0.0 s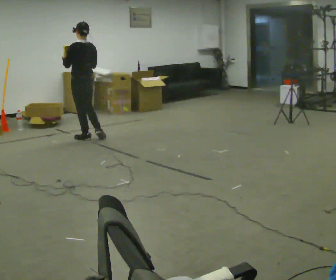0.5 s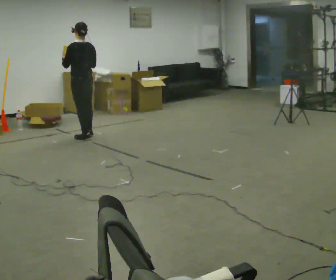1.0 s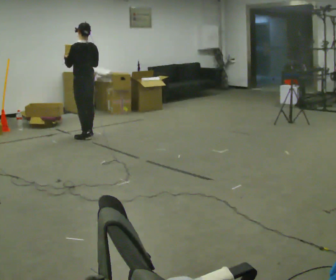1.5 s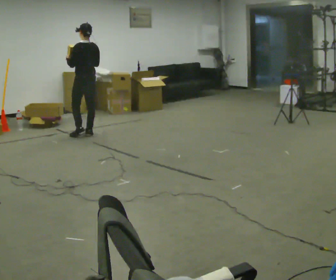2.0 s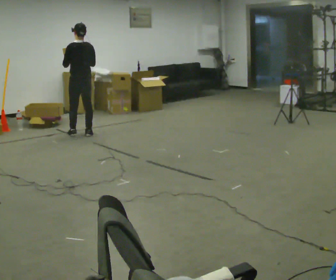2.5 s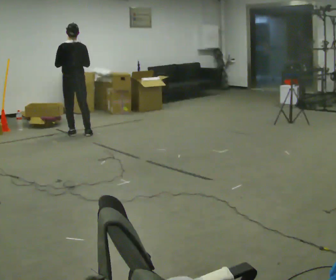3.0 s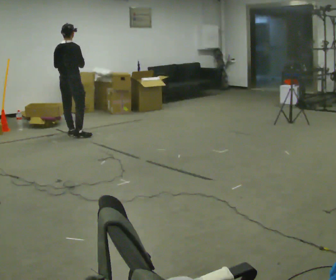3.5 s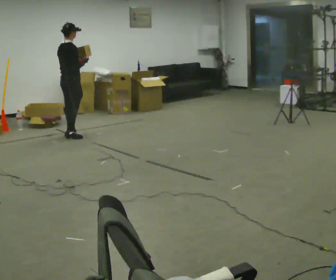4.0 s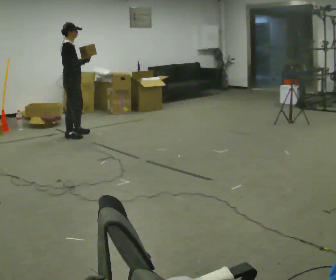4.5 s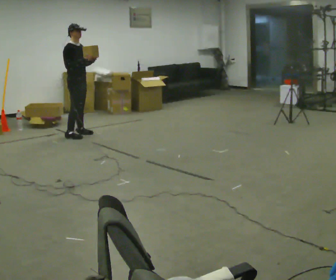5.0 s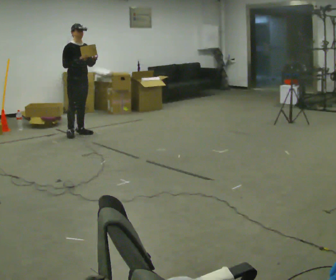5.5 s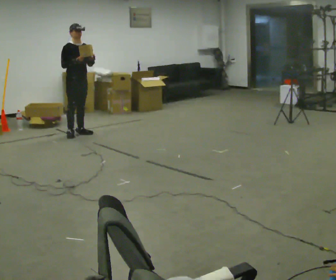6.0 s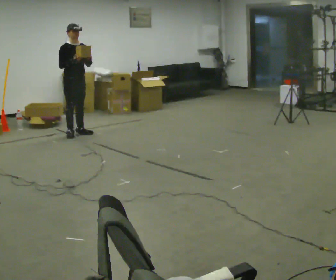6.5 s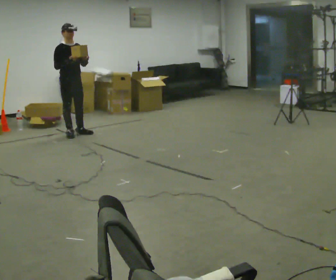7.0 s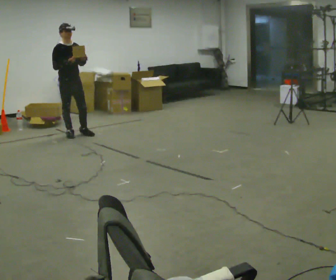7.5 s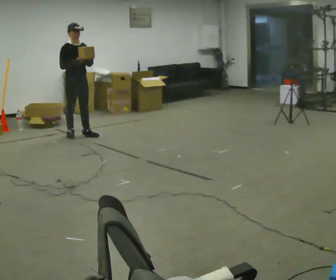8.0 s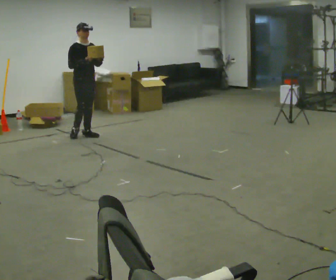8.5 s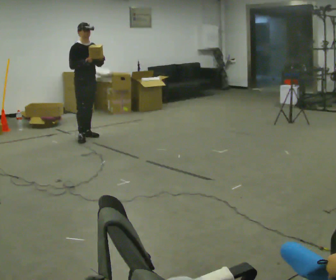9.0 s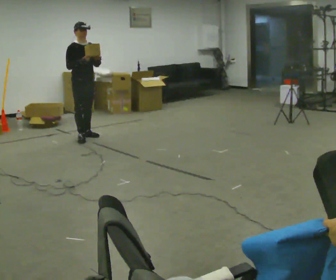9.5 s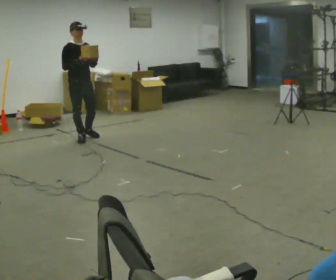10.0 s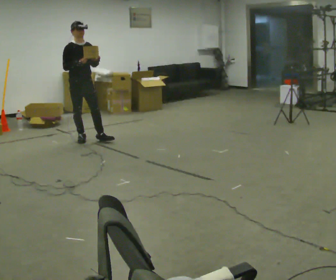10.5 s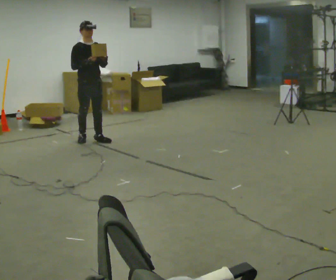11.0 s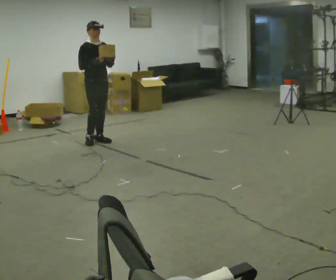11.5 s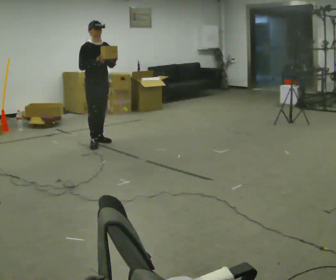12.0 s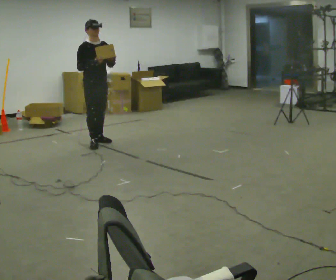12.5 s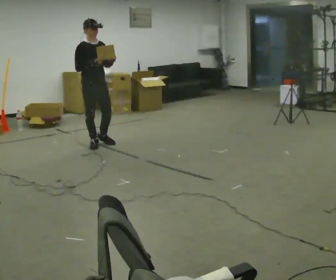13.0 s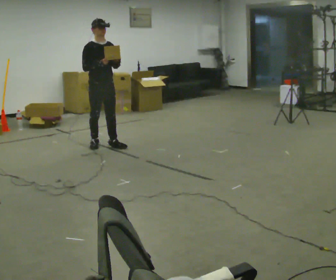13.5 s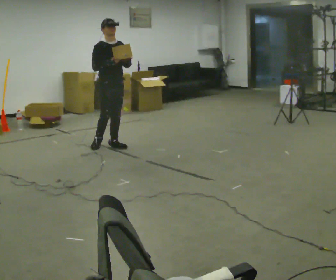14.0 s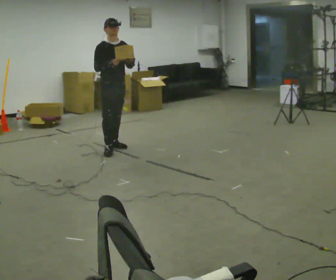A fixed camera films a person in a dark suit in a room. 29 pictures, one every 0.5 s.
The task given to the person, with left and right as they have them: Carry the object and, while walking, turn it over in your hands to look at all sides of it. Keep turning it as you walk.
0.0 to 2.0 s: In the picture they go away from the camera, about 0.25 m in 2 steps, which for them is forward and to their right.
2.0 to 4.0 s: Seen from above the body turns clockwise, about 105 degrees: to their right, with its near side sliding to the left. In the picture they go to the left, about 0.25 m in 1 step. In the picture their left hand goes to the right.
4.0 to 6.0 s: The person turns about 60 degrees to their right, clockwise seen from above, so the part of the body nearest the lens slides to the left.
6.0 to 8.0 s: The person moves a little, or ends about where they began.
8.0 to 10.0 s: In the picture they go toward the camera, about 0.25 m in 2 steps, which for them is forward and to their right.
10.0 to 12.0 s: In the picture they go toward the camera and to the right, about 0.25 m in 1 step, which for them is forward.
12.0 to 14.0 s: In the picture they go toward the camera and to the right, about 0.25 m in 2 steps, which for them is forward.
The film runs forward here.
